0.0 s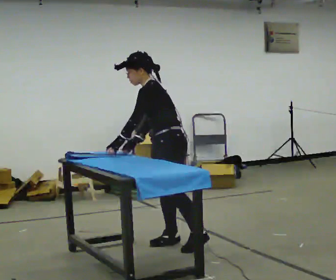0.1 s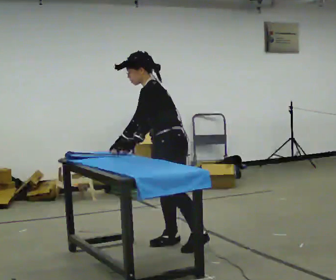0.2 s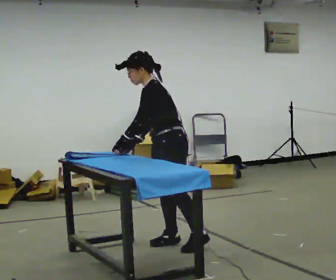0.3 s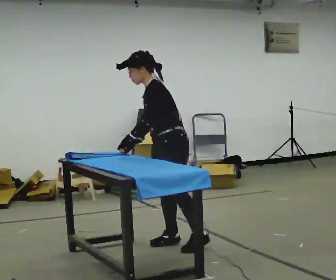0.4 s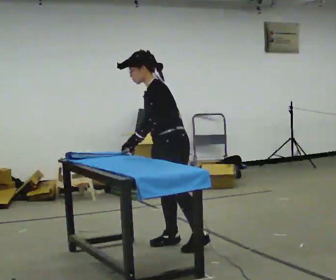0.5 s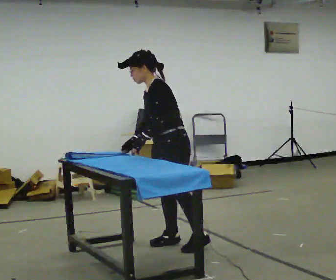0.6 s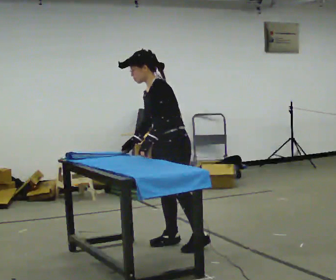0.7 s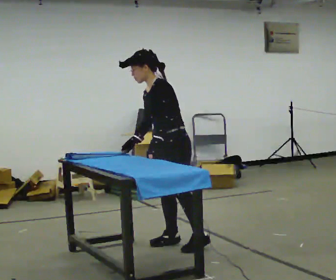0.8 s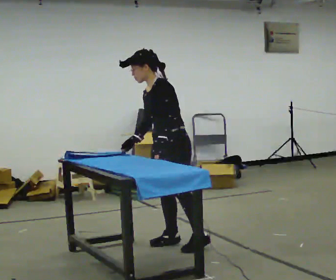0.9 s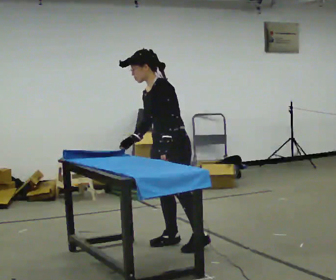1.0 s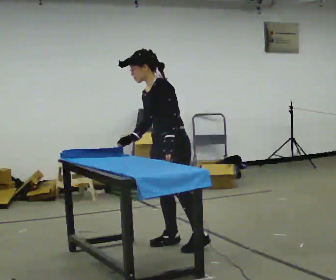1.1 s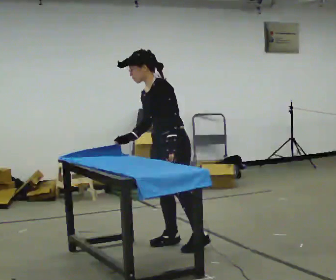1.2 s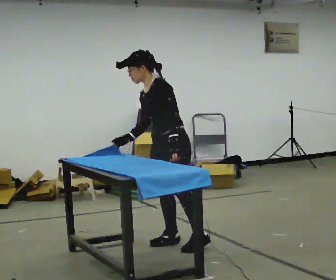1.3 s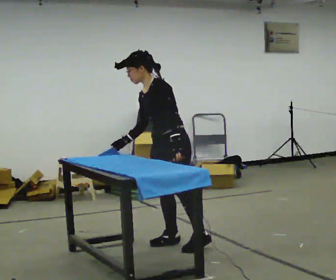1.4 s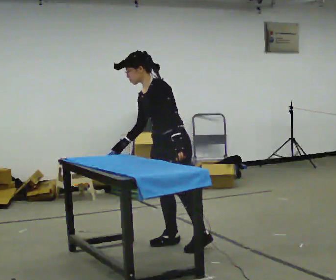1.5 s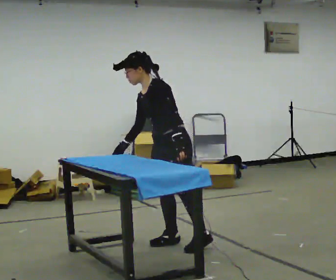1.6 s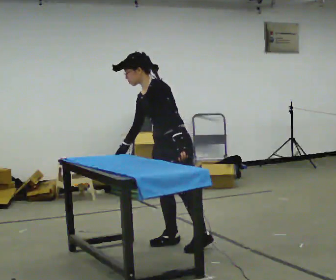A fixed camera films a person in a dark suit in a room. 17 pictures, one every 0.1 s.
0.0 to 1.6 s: The part of the body nearest the lens slides to the right as the person turns to their left by about 30 degrees. In the picture their left hand goes to the right, the arm swinging counterclockwise.
The film runs backward here.
